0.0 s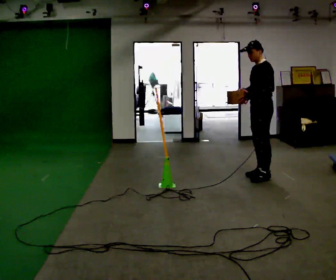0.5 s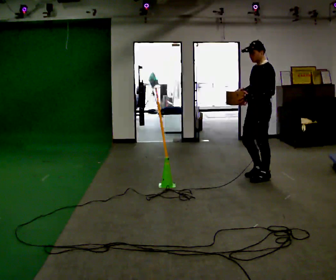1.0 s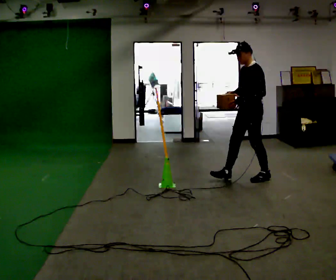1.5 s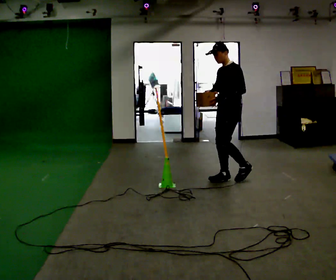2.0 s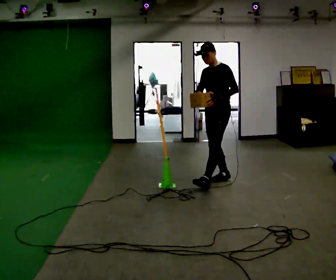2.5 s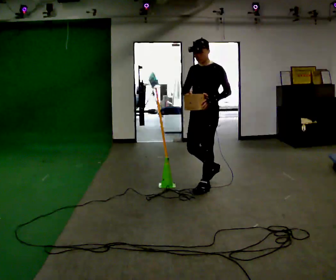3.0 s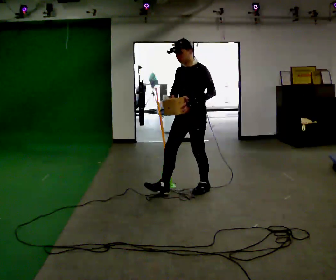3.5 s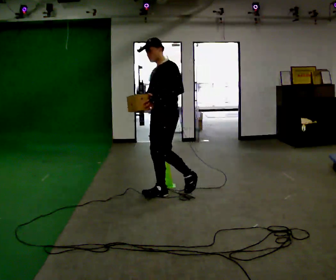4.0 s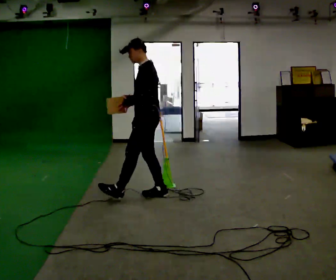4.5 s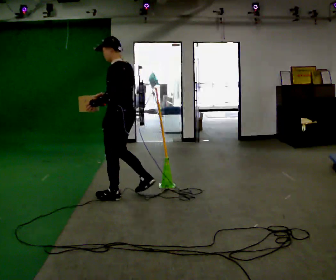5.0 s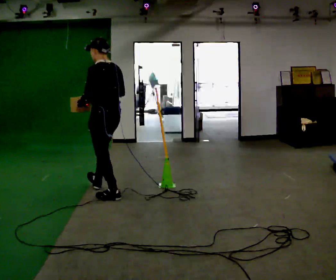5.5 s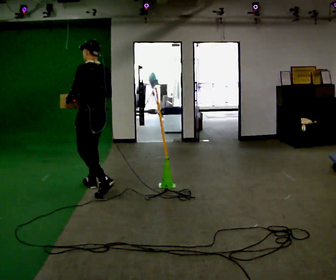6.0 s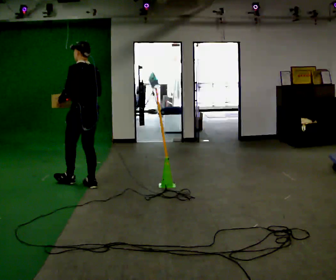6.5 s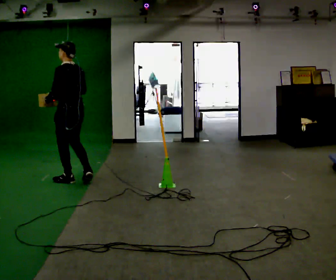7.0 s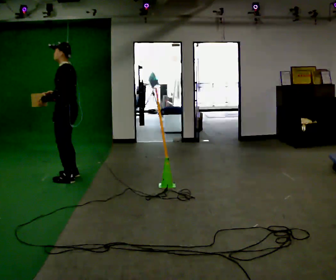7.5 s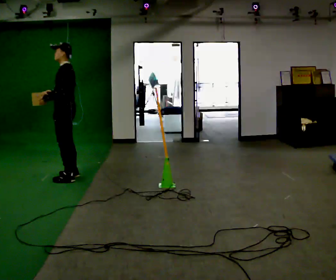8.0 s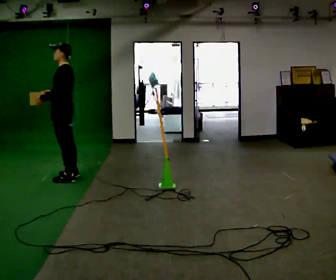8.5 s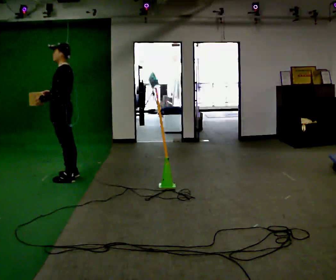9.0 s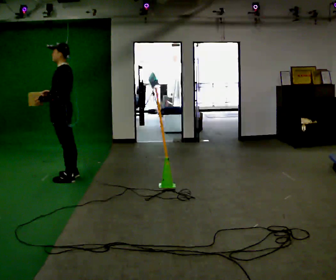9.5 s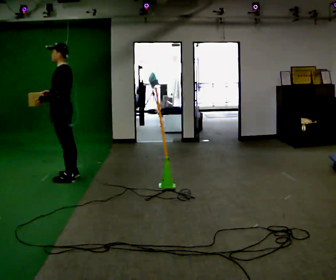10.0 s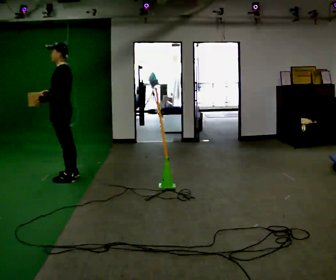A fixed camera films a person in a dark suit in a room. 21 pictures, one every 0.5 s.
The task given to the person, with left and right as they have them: Carry the box across the room. The operator will step into your path partway across, so go around them and carry on. Keep going until the operator says stop; one object at a time, and do not rush between trips.
0.0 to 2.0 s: In the picture they go to the left, about 0.5 m in 2 steps, which for them is forward.
2.0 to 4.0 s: The person turns about 30 degrees to their right, clockwise seen from above, so the part of the body nearest the lens slides to the left. In the picture they go to the left and toward the camera, about 1 m in 1 step, which for them is forward.
4.0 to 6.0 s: Seen from above the body turns clockwise, about 45 degrees: to their right, with its near side sliding to the left. In the picture they go to the left and away from the camera, about 1 m in 2 steps, which for them is forward.
6.0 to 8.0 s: The part of the body nearest the lens slides to the right as the person turns to their left by about 45 degrees. In the picture they go away from the camera and to the left, about 0.5 m in 2 steps, which for them is forward and to their right.
8.0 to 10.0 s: The person moves a little, or ends about where they began.
The film runs forward here.
